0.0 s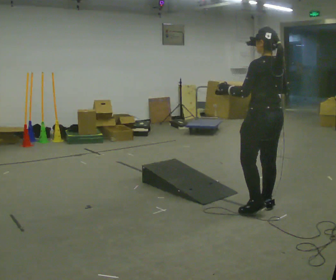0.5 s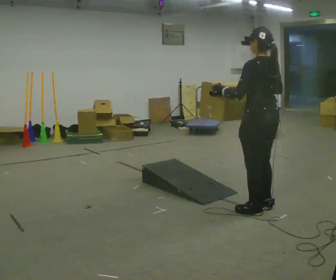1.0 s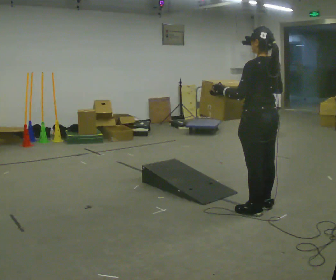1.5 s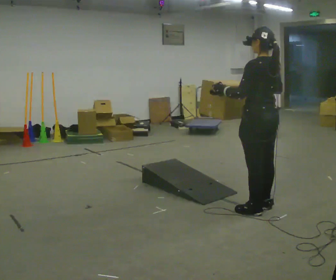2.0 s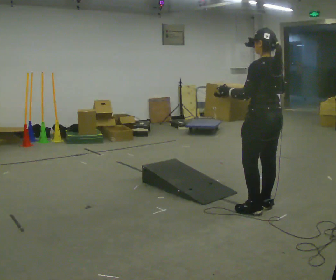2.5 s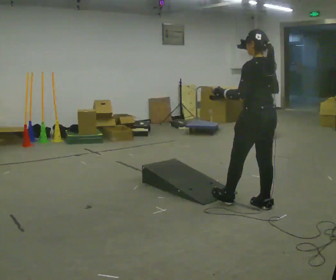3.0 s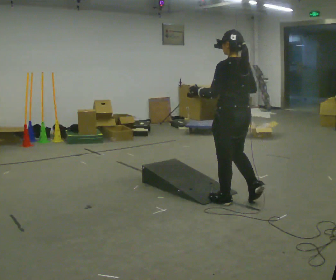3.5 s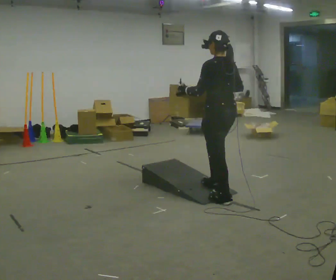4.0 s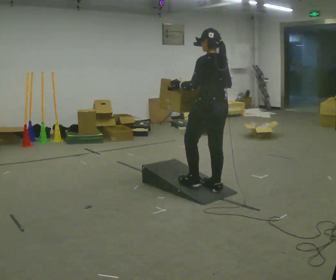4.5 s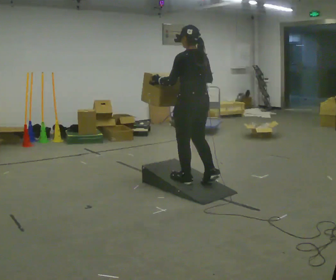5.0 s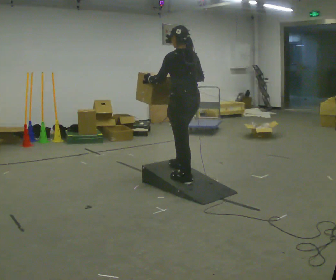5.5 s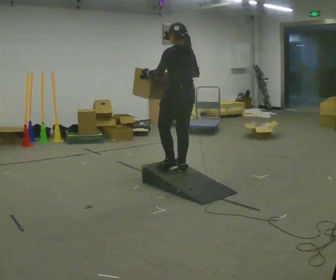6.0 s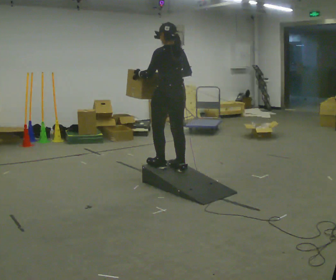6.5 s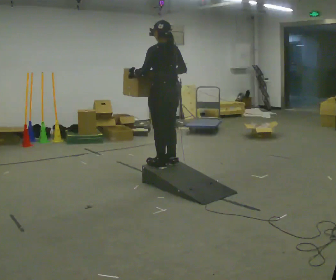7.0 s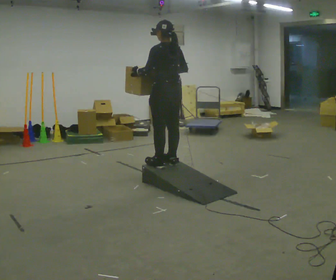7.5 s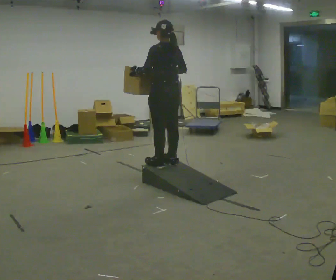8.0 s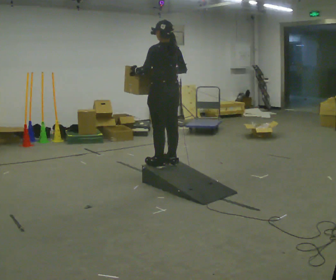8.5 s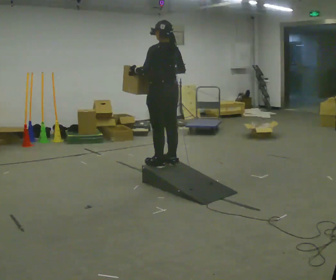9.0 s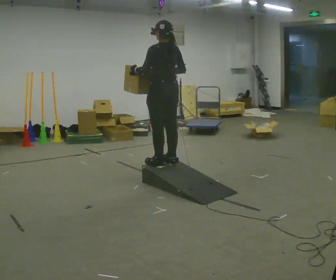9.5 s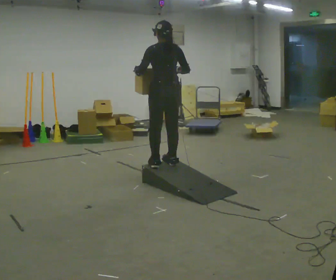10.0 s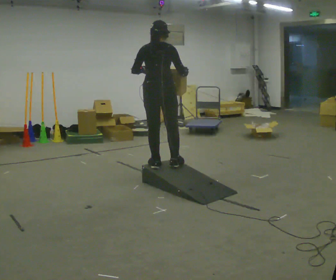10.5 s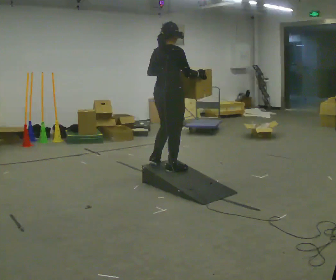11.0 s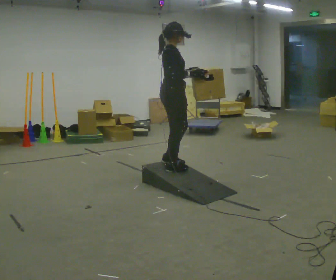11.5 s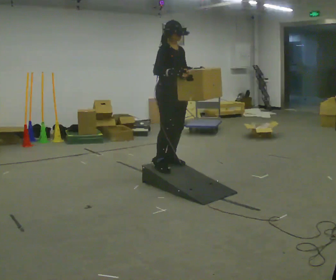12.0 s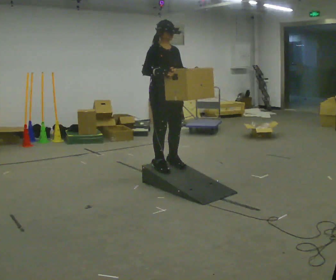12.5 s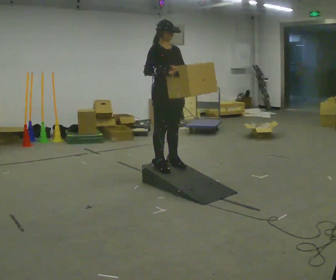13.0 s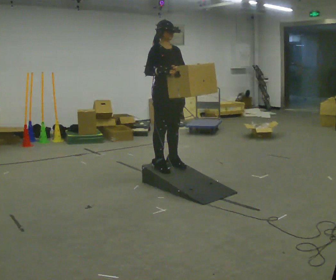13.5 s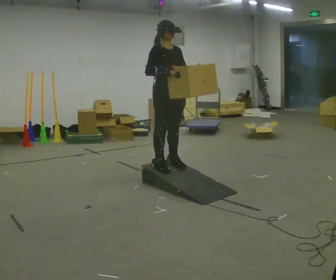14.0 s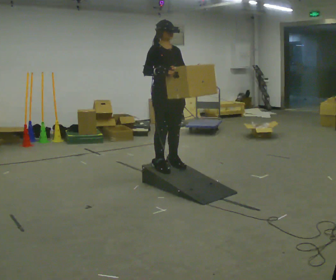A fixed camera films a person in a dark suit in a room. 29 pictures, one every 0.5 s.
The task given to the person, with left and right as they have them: Carry the box up the ramp, turn at the top, and carry it back down. Keep going until the operator says stop; one object at a time, and do not rush between trips.
0.0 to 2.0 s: The person moves a little, or ends about where they began.
2.0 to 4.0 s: In the picture they go away from the camera and to the left, about 0.75 m in 2 steps, which for them is forward.
4.0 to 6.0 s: In the picture they go away from the camera and to the left, about 0.5 m in 3 steps, which for them is forward.
6.0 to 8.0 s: The person moves a little, or ends about where they began.
8.0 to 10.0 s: Seen from above the body turns clockwise, about 45 degrees: to their right, with its near side sliding to the left.
10.0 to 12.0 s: The person turns about 120 degrees to their right, clockwise seen from above, so the part of the body nearest the lens slides to the left. In the picture their left hand goes to the right.
12.0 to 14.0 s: The person moves a little, or ends about where they began.
The film runs forward here.
